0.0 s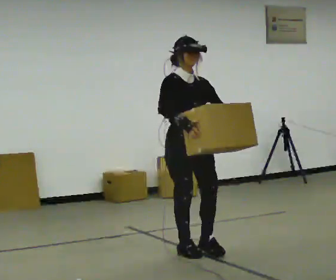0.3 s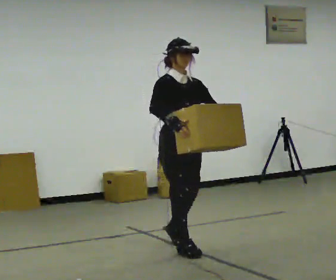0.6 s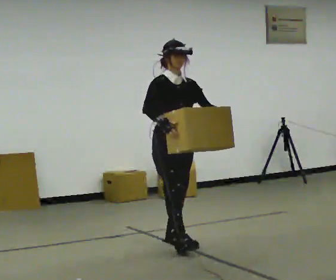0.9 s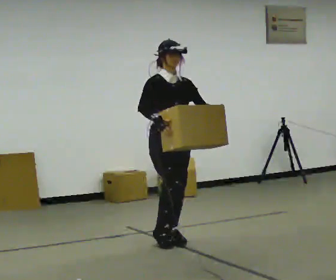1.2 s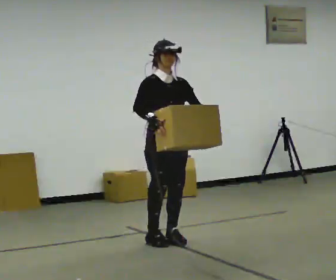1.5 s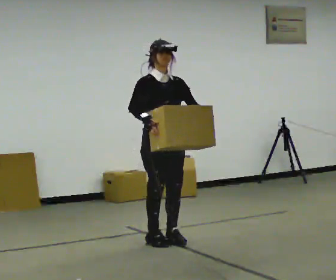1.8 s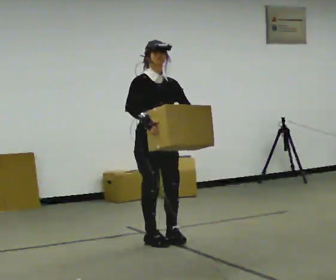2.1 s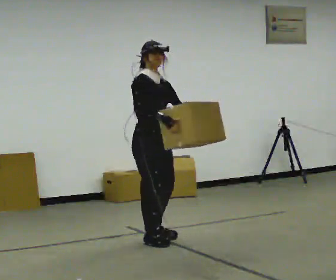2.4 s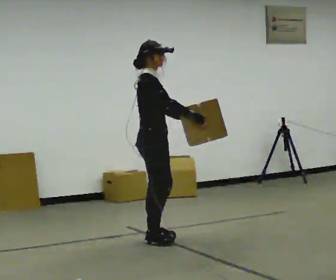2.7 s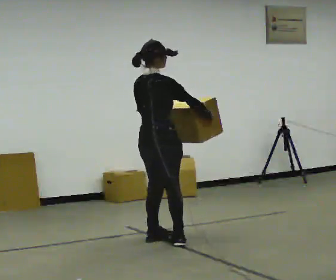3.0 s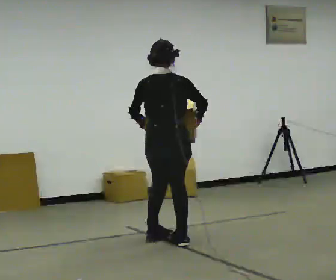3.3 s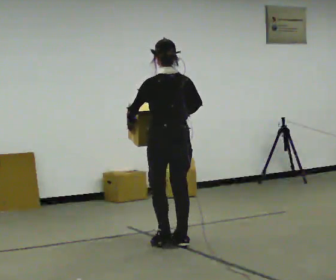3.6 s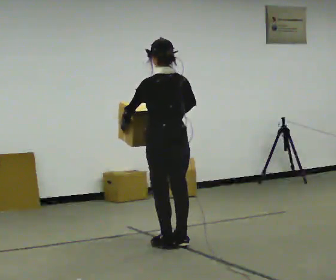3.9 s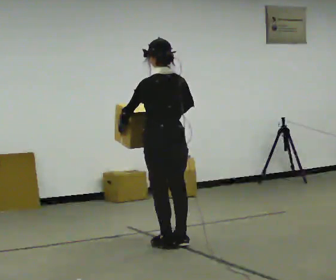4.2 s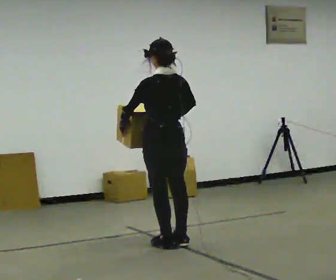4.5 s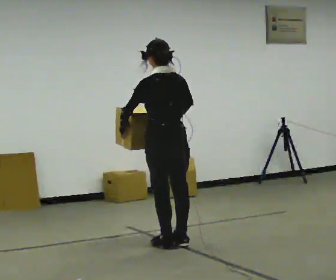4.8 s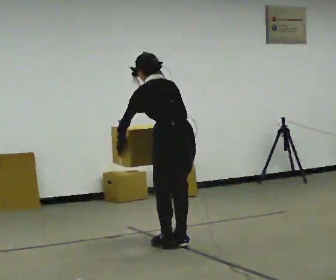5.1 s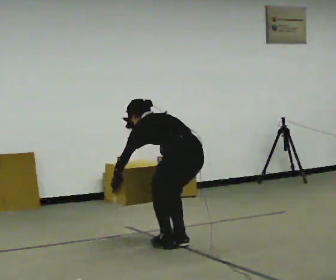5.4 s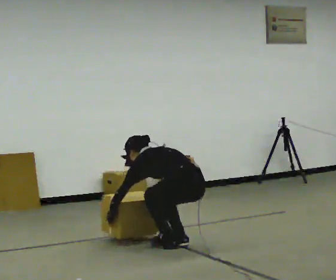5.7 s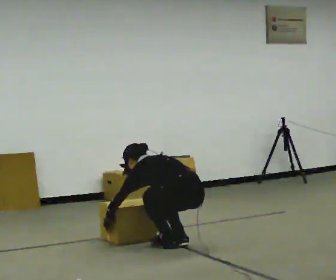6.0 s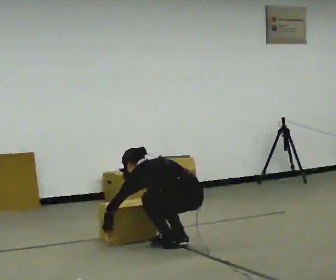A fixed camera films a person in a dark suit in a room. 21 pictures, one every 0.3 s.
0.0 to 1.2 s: In the picture they go away from the camera, about 0.5 m in 1 step, which for them is backward.
1.2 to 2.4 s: The part of the body nearest the lens slides to the right as the person turns to their left by about 60 degrees.
2.4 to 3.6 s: Seen from above the body turns counterclockwise, about 120 degrees: to their left, with its near side sliding to the right. In the picture they go to the right, about 0.25 m in 2 steps.
3.6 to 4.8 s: The upper body tips away from the camera, its near side rolling upward, as they bend forward.
4.8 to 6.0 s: The upper body goes downward. In the picture the upper body tilts counterclockwise, shoulders to the left, as they bend forward. In the picture their right hand goes downward.
The film runs backward here.
